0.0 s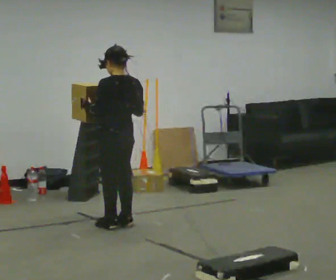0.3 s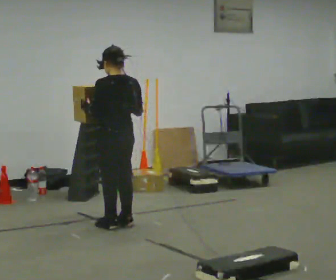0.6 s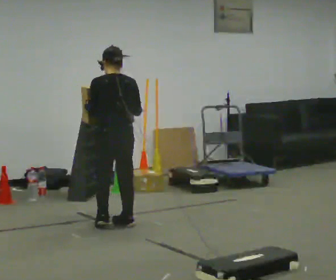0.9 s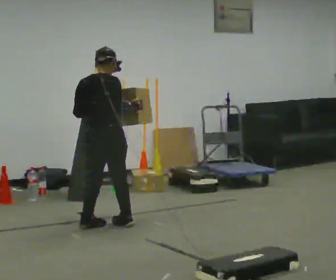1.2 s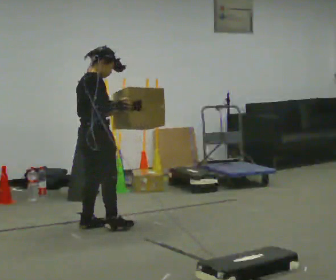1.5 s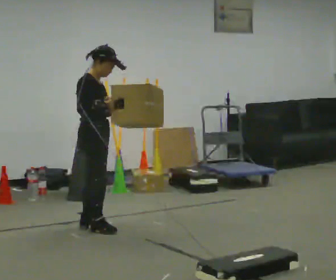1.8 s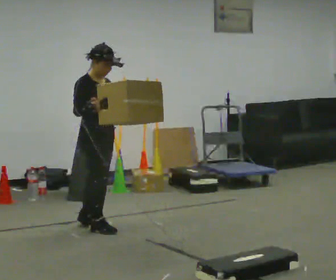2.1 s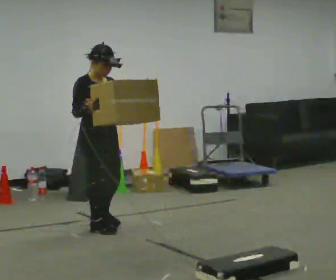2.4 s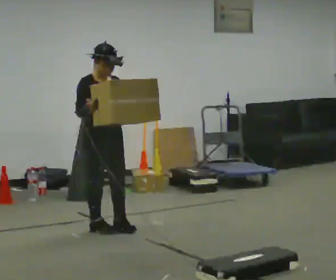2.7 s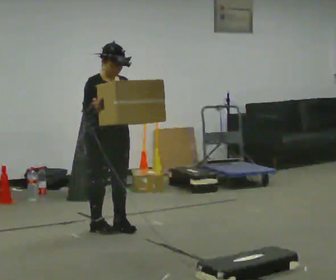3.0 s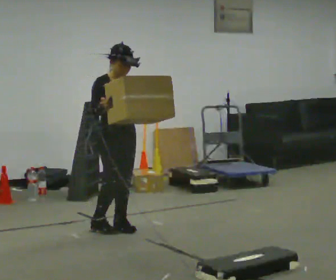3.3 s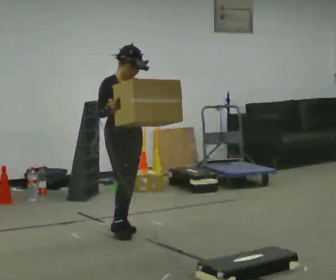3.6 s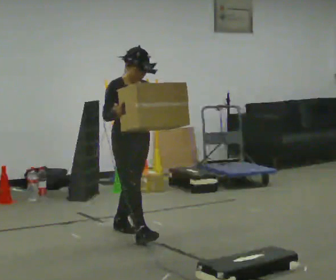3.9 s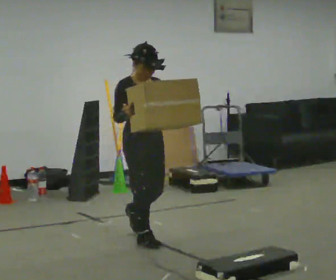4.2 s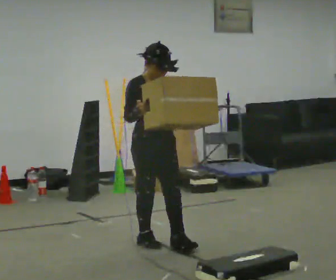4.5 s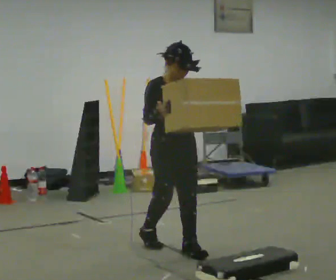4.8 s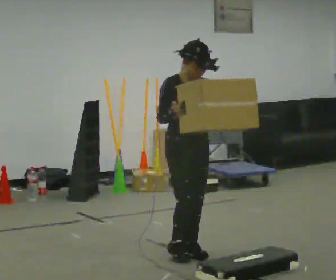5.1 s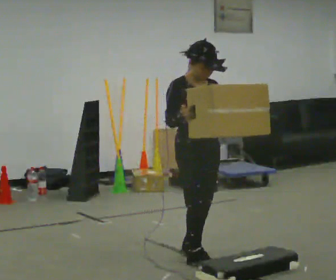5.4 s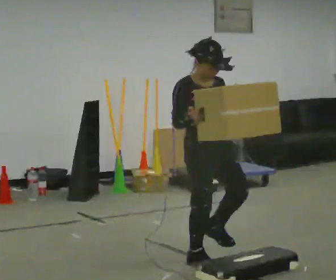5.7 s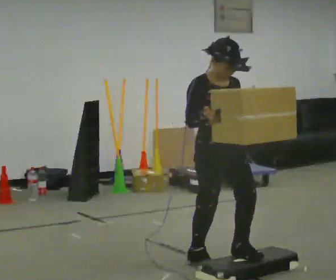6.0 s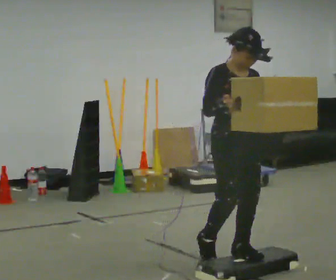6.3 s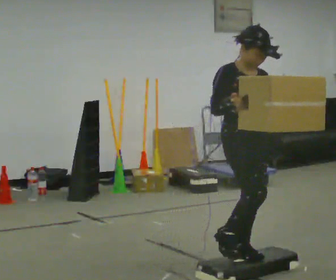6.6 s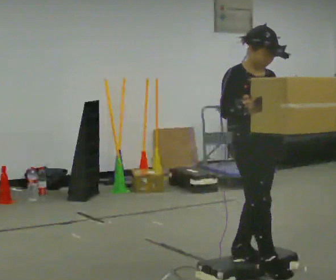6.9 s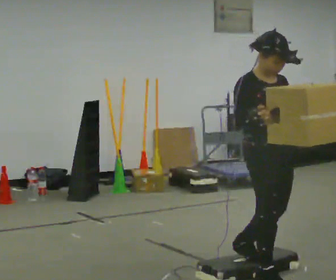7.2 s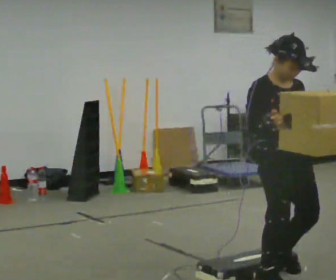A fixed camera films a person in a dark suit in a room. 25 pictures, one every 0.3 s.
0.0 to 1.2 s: The person turns about 105 degrees to their right, clockwise seen from above, so the part of the body nearest the lens slides to the left. In the picture they go to the left, about 0.25 m in 1 step. The upper body tips away from the camera, its near side rolling upward.
1.2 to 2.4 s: The person turns about 75 degrees to their right, clockwise seen from above, so the part of the body nearest the lens slides to the left.
2.4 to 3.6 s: In the picture they go to the right and toward the camera, about 0.25 m, which for them is forward.
3.6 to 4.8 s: In the picture they go toward the camera and to the right, about 0.5 m in 2 steps, which for them is forward.
4.8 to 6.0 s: In the picture they go toward the camera and to the right, about 0.5 m in 2 steps, which for them is forward.
6.0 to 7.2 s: In the picture they go toward the camera and to the right, about 0.5 m in 1 step, which for them is forward.
The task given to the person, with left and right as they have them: Carry the box up onto the platform, across it, and down the other side, then bring it back. Keep going until the operator says stop; one object at a time, and do not rush between trips.
The film runs forward here.
